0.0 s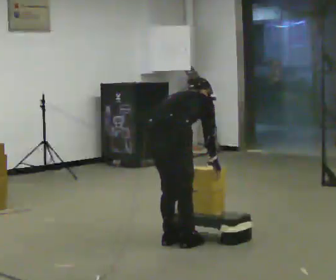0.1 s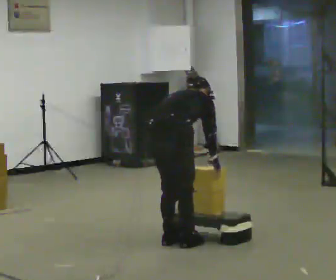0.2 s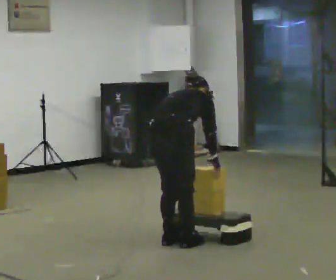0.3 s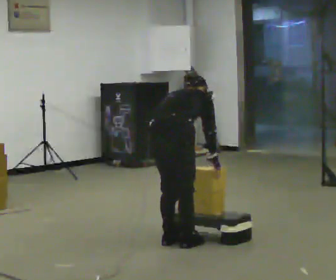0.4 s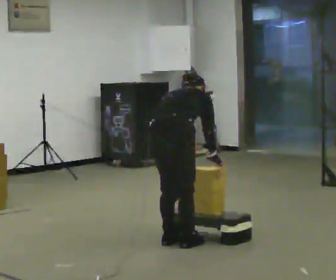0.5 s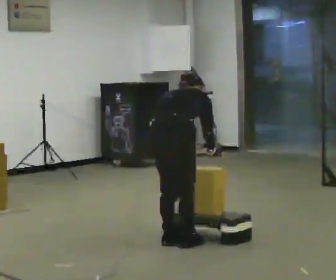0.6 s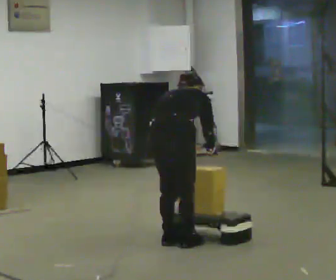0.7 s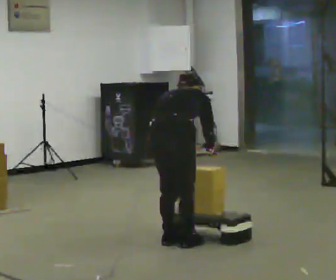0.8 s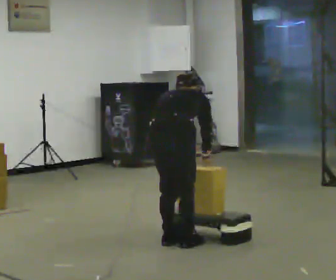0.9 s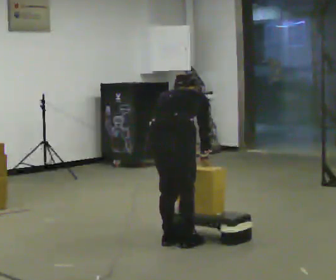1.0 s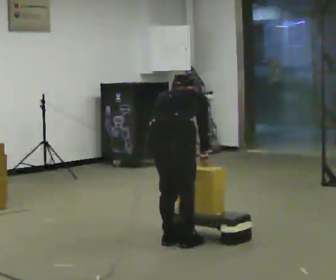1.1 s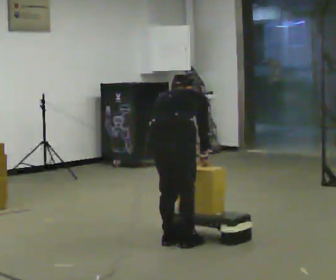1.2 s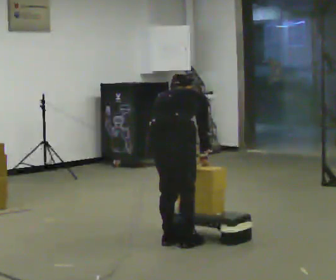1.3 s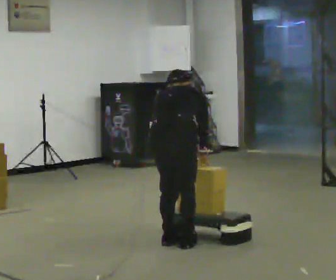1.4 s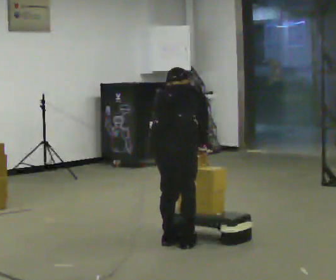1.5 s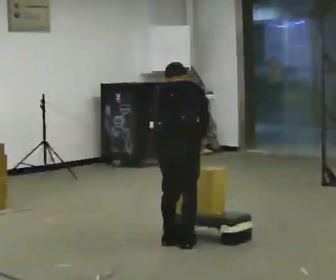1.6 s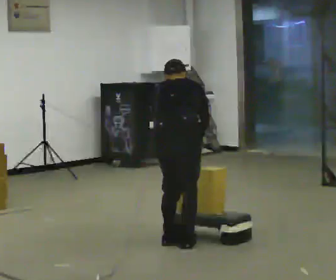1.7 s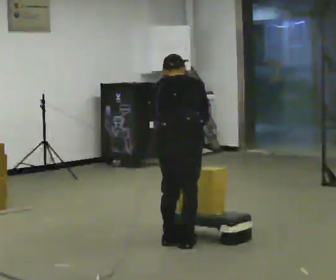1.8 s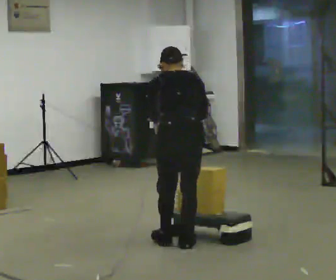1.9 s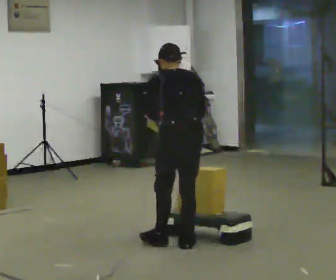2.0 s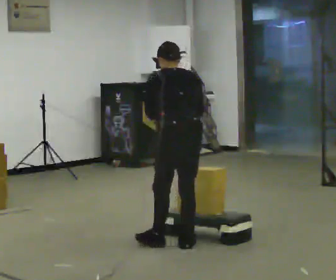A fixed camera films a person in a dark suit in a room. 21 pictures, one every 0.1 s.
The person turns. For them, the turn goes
to their left.
Their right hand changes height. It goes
upward.
0.0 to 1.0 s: In the picture the upper body tilts counterclockwise, shoulders to the left.
1.0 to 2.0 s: The part of the body nearest the lens slides to the right as the person turns to their left by about 75 degrees. The shoulders move upward. The upper body tips toward the camera, its near side rolling downward, as they lean back or straighten. In the picture their right hand goes upward and to the left.
The film runs forward here.
